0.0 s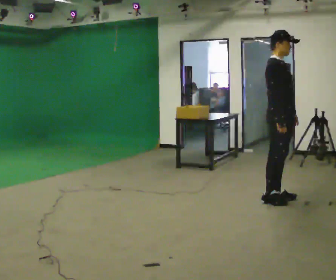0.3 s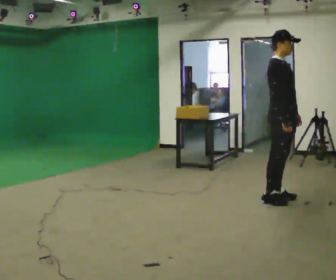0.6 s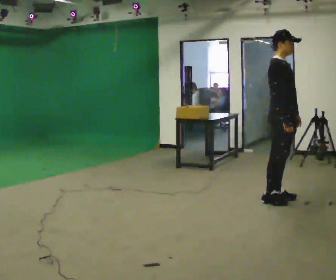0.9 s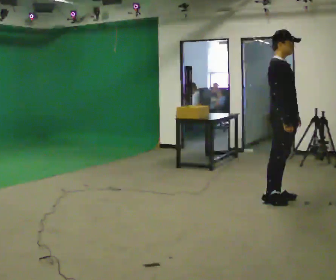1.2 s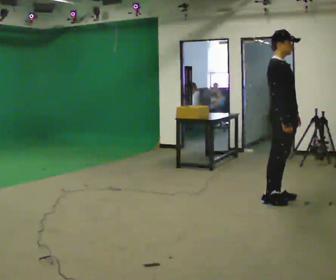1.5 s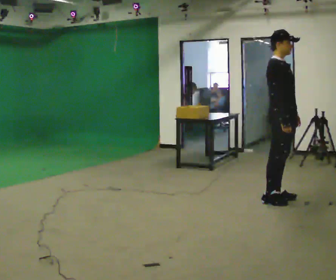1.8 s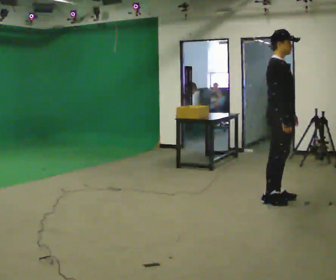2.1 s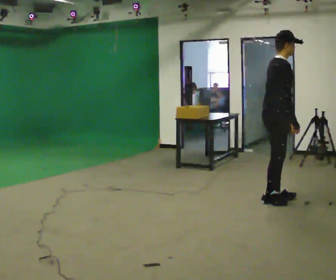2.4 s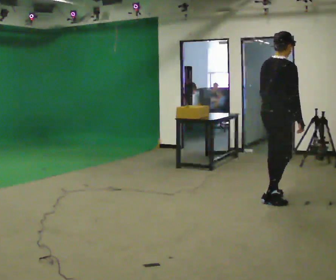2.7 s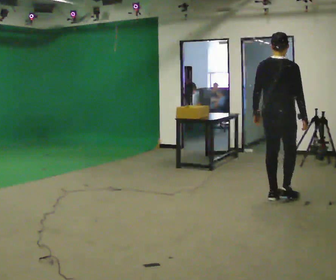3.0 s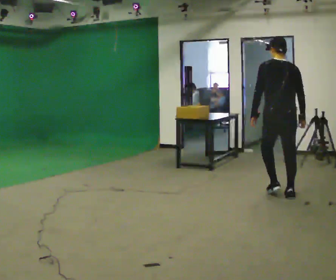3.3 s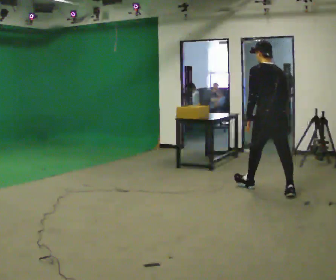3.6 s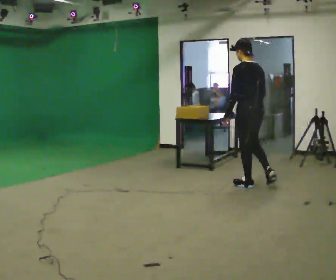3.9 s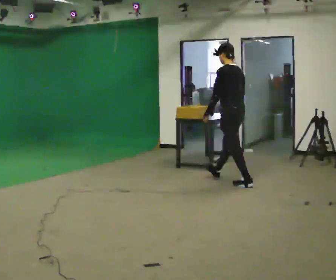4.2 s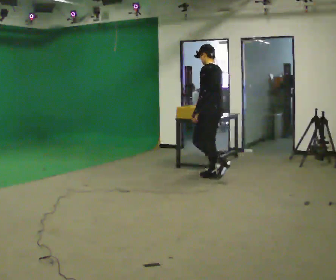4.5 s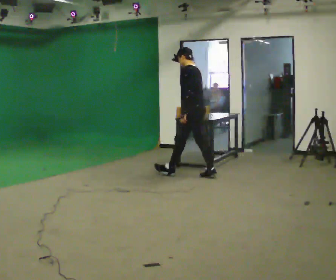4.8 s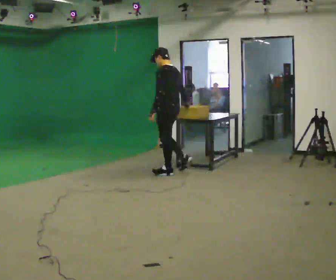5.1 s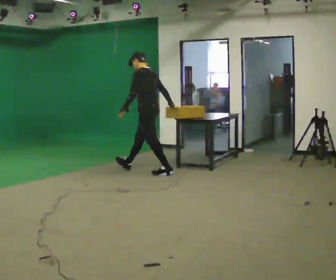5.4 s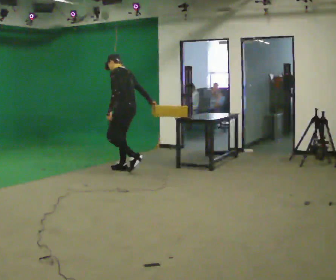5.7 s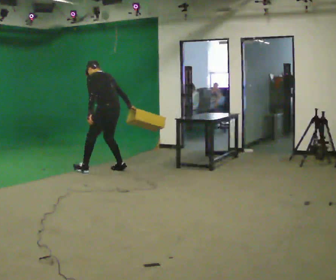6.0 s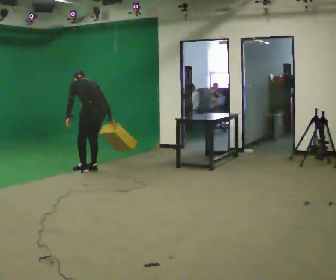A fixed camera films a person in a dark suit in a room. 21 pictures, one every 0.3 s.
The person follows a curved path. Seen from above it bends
counterclockwise.
The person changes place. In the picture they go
to the left.
0.0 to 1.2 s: The person moves a little, or ends about where they began.
1.2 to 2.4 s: The part of the body nearest the lens slides to the right as the person turns to their left by about 60 degrees.
2.4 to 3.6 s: Seen from above the body turns counterclockwise, about 90 degrees: to their left, with its near side sliding to the right. In the picture they go away from the camera and to the left, about 0.75 m in 2 steps. In the picture the upper body tilts counterclockwise, shoulders to the left.
3.6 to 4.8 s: The part of the body nearest the lens slides to the right as the person turns to their left by about 30 degrees. In the picture they go to the left and away from the camera, about 1.5 m in 2 steps, which for them is forward.
4.8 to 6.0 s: The part of the body nearest the lens slides to the left as the person turns to their right by about 30 degrees. In the picture they go to the left, about 1 m in 3 steps, which for them is forward and to their left. The upper body goes downward. In the picture the upper body tilts counterclockwise, shoulders to the left, as they bend forward.
The film runs forward here.
